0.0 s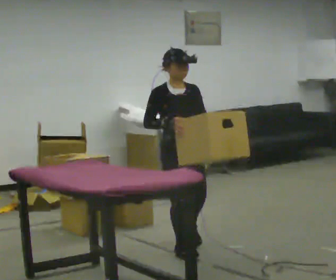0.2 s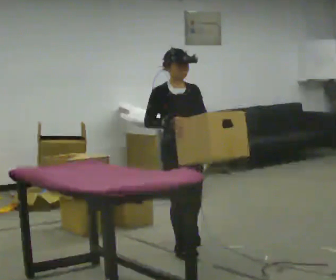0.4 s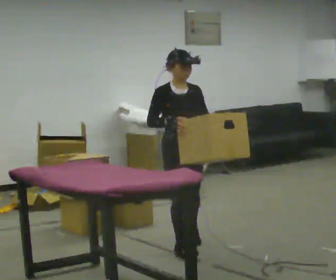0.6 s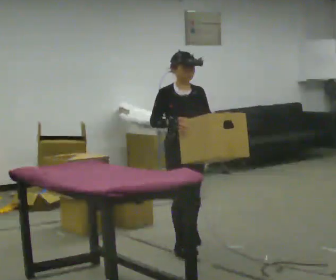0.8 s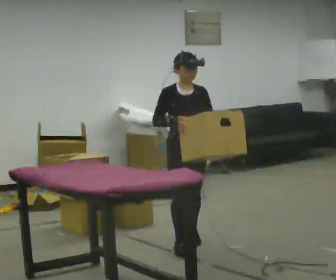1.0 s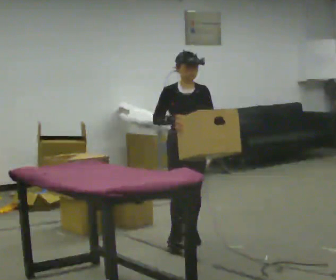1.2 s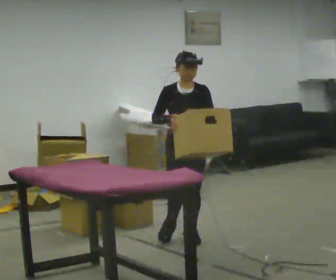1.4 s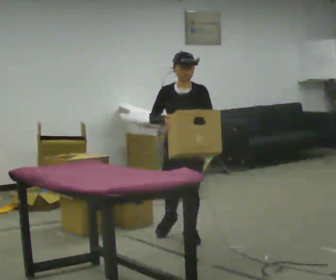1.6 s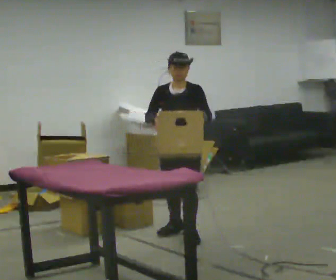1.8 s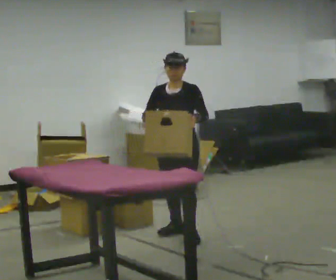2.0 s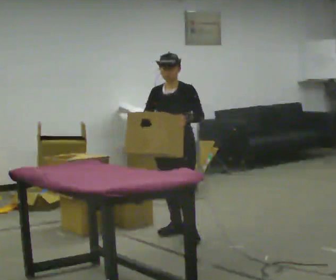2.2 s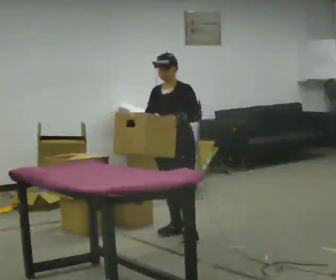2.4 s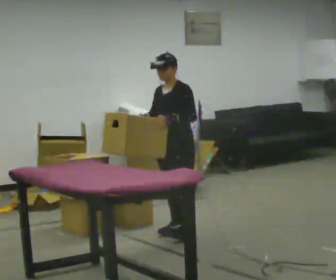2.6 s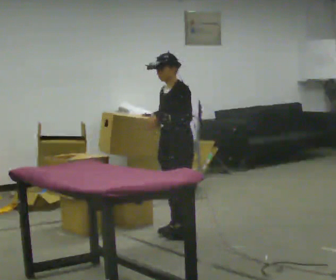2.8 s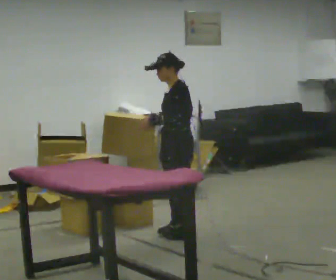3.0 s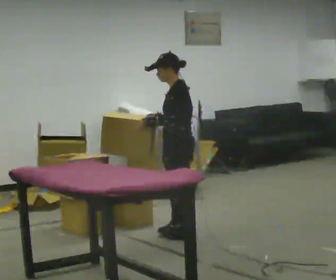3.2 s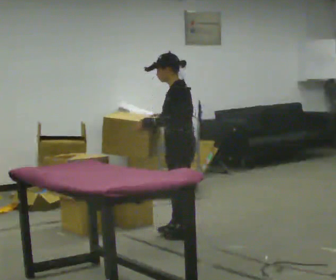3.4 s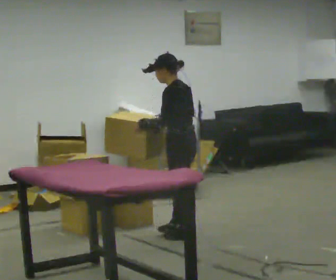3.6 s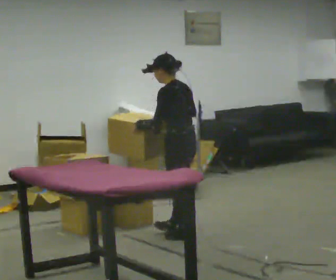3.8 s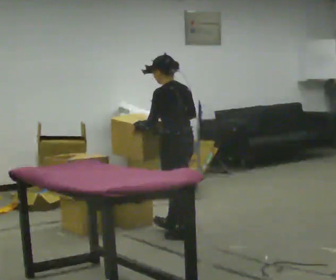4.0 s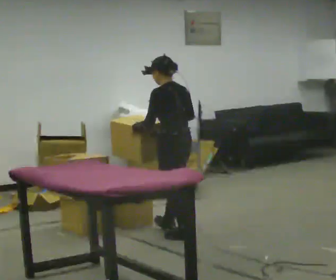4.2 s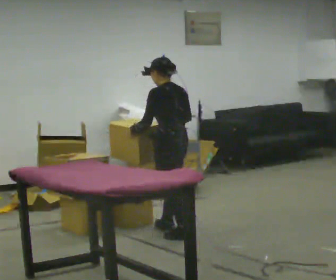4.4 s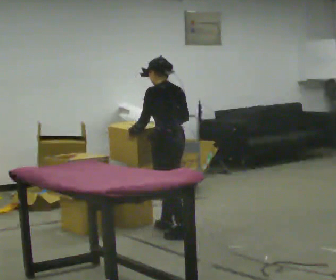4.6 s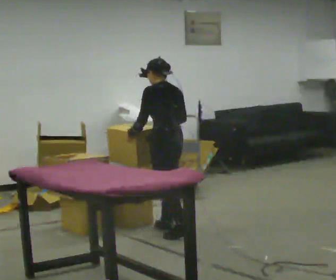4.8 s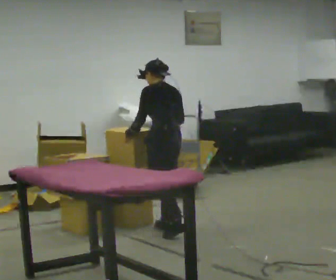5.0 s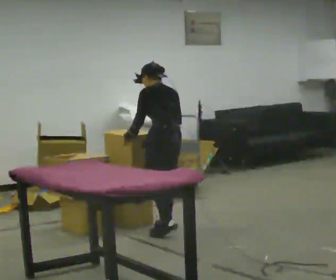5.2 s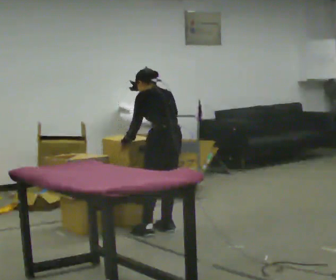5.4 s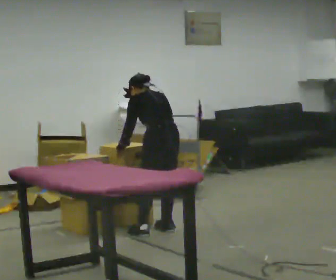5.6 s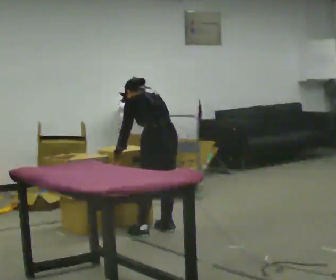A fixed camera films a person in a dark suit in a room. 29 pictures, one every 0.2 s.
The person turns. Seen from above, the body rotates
clockwise.
The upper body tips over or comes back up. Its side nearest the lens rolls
upward.
0.0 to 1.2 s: In the picture they go away from the camera, about 0.5 m in 1 step, which for them is backward and to their left.
1.2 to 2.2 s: The part of the body nearest the lens slides to the left as the person turns to their right by about 45 degrees. In the picture they go away from the camera, about 0.25 m, which for them is backward.
2.2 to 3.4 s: Seen from above the body turns clockwise, about 75 degrees: to their right, with its near side sliding to the left.
3.4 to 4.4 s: The part of the body nearest the lens slides to the left as the person turns to their right by about 30 degrees.
4.4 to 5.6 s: The upper body tips away from the camera, its near side rolling upward, as they bend forward.
The film runs backward here.
